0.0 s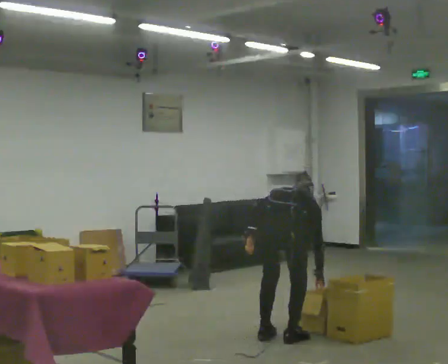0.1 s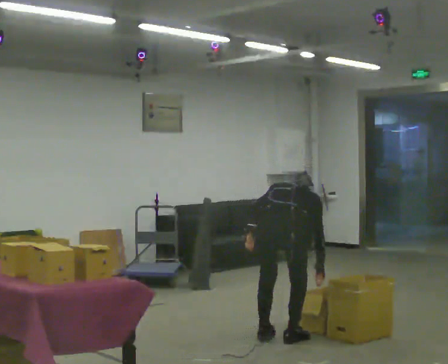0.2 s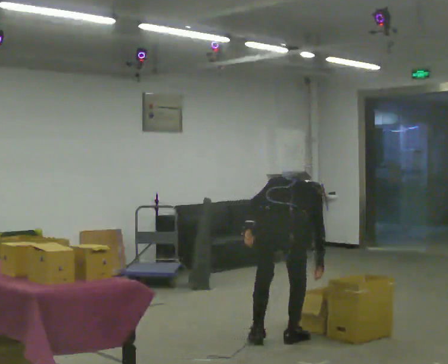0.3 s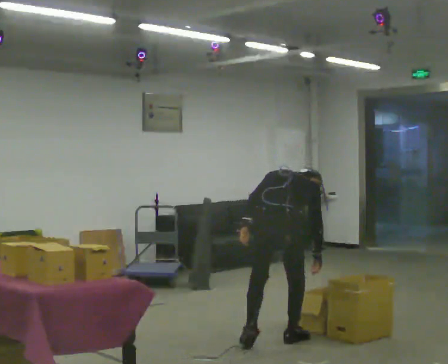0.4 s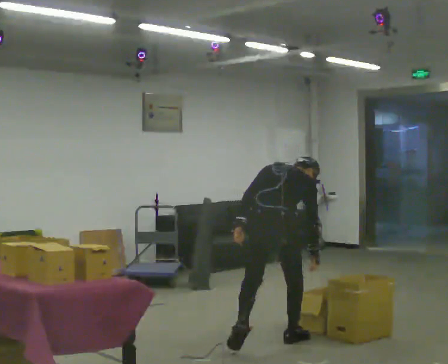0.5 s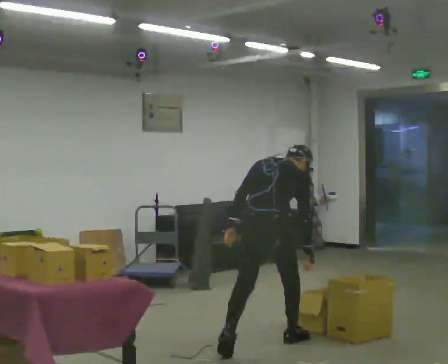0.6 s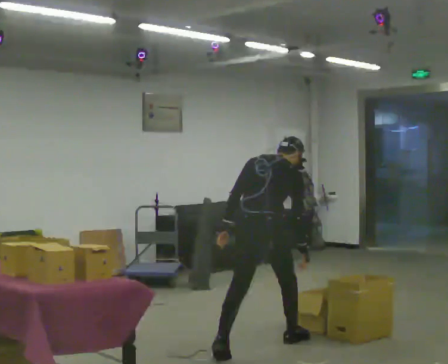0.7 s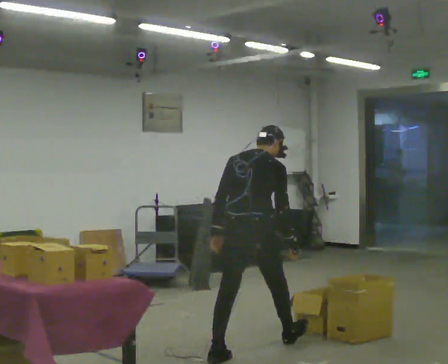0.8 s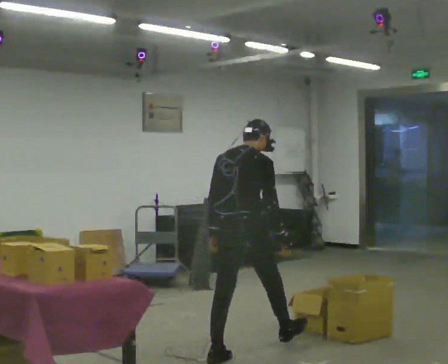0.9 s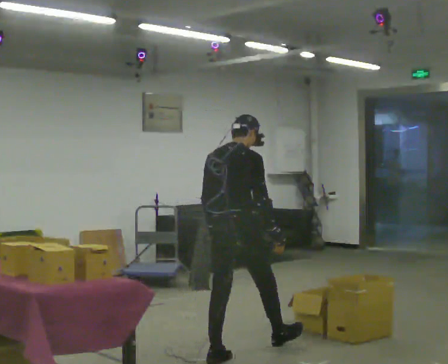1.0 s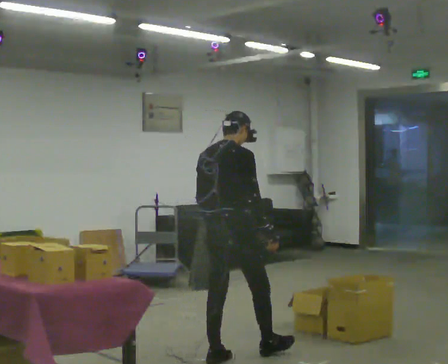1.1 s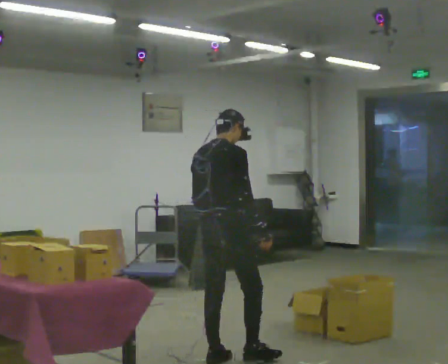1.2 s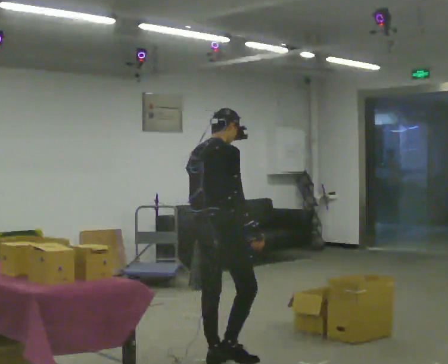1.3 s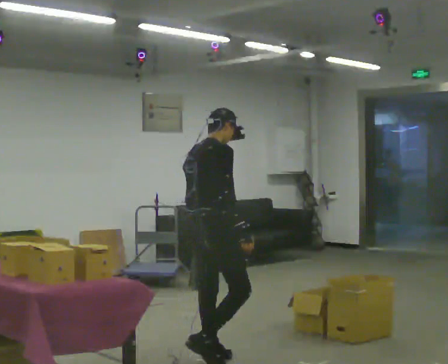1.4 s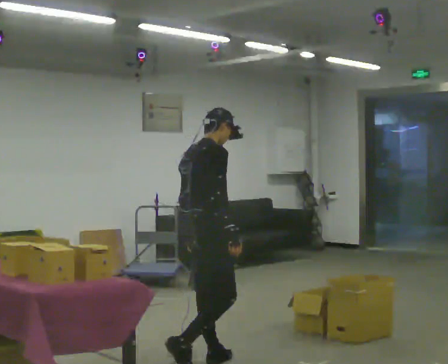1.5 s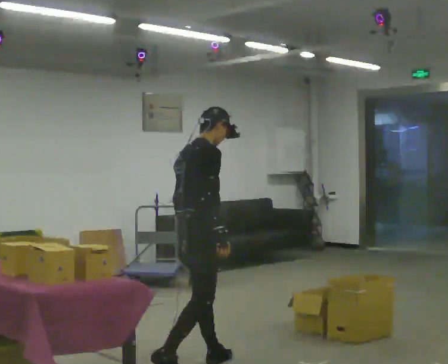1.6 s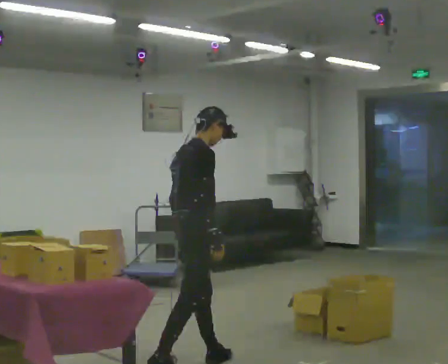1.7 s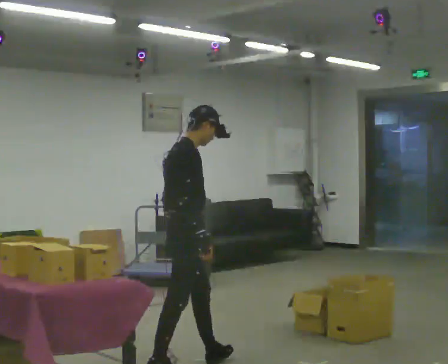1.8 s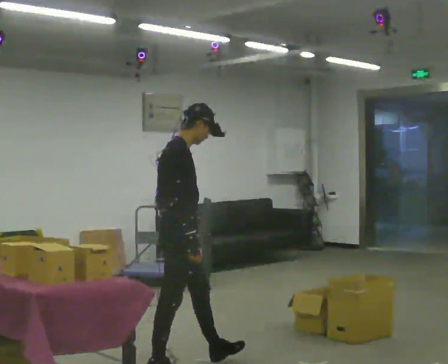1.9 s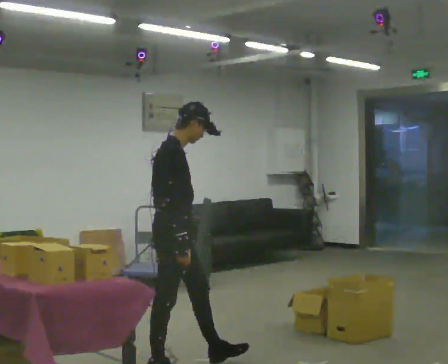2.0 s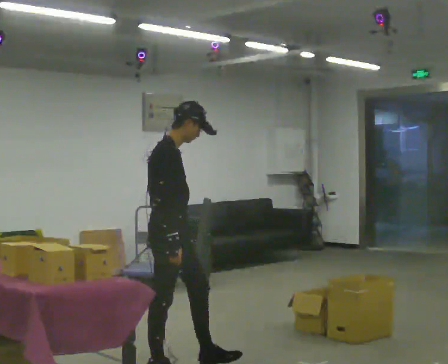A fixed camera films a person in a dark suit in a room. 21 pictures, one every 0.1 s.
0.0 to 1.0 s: In the picture they go to the left and toward the camera, about 0.5 m in 2 steps, which for them is backward and to their left. The shoulders move upward. The upper body tips toward the camera, its near side rolling downward, as they lean back or straighten.
1.0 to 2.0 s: Seen from above the body turns clockwise, about 60 degrees: to their right, with its near side sliding to the left. In the picture they go to the left and toward the camera, about 0.5 m in 1 step, which for them is backward.
The film runs backward here.
